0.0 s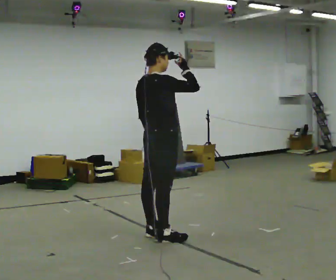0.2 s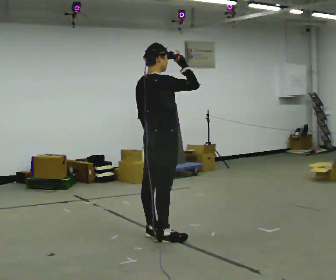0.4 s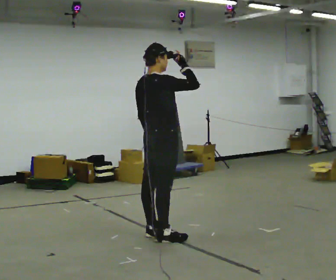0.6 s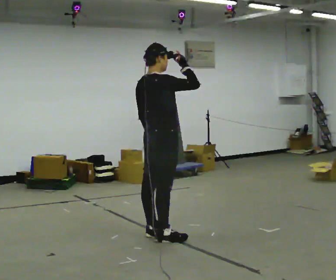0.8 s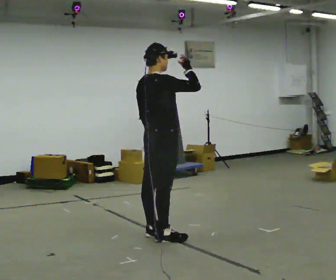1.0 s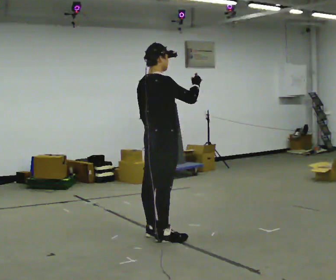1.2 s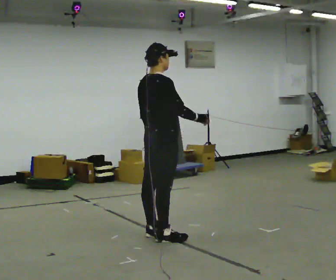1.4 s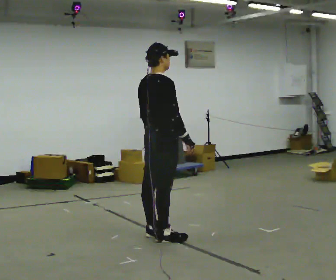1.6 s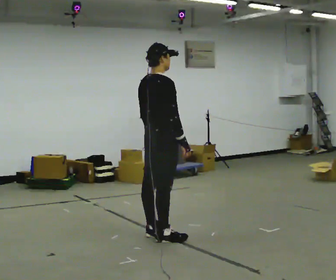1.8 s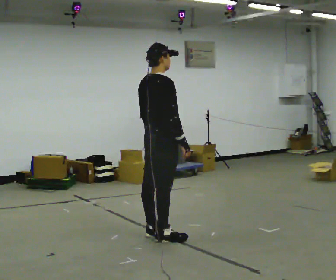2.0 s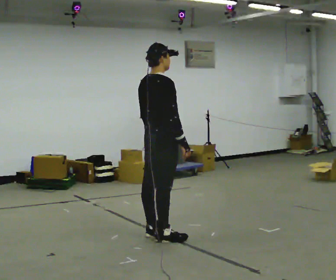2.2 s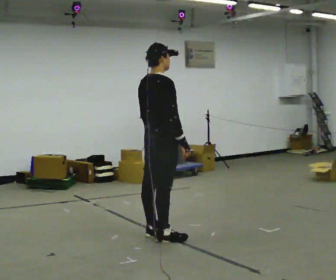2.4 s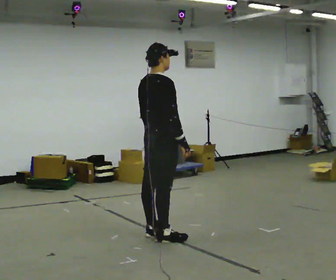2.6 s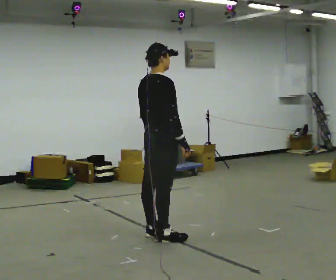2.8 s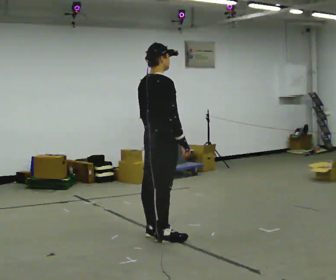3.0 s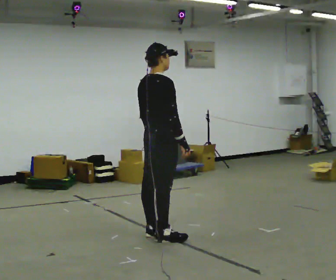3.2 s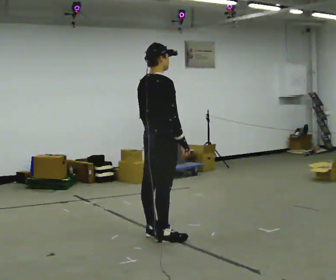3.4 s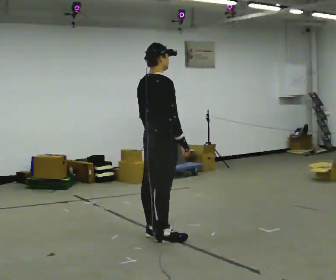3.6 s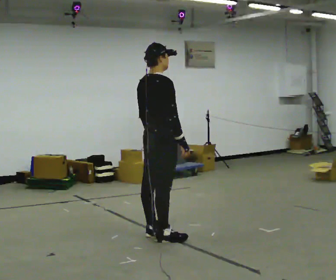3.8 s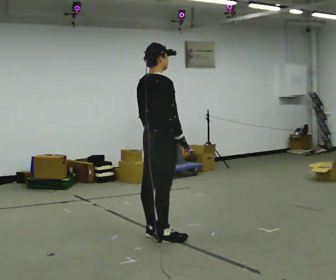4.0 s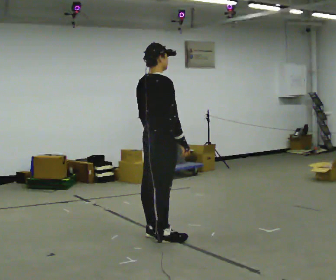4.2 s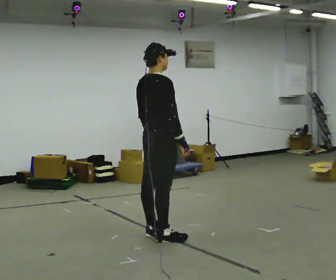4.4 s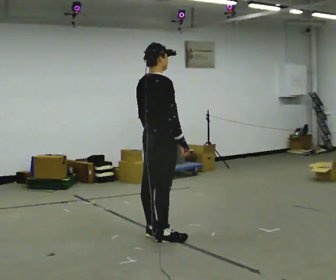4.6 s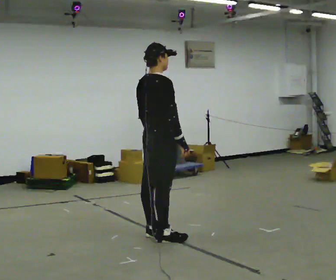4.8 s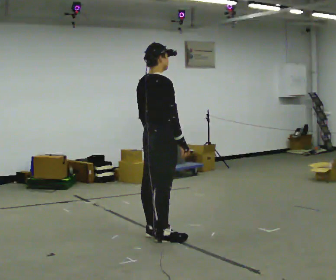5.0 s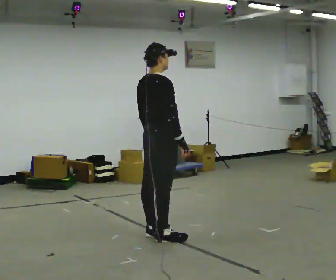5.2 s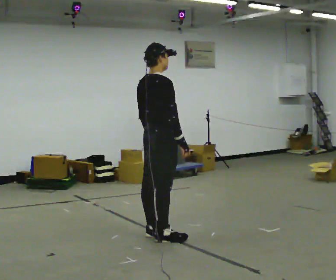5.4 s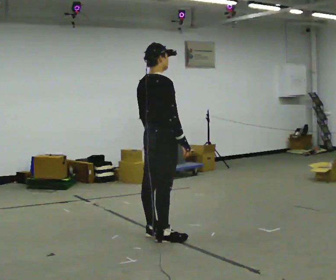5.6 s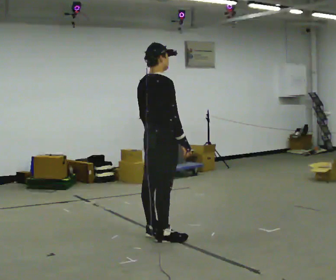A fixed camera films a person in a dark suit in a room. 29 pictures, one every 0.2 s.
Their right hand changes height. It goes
downward.
0.0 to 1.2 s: In the picture their right hand goes downward.
1.2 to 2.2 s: The person moves a little, or ends about where they began.
2.2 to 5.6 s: The person keeps their place and pose.
The film runs backward here.
